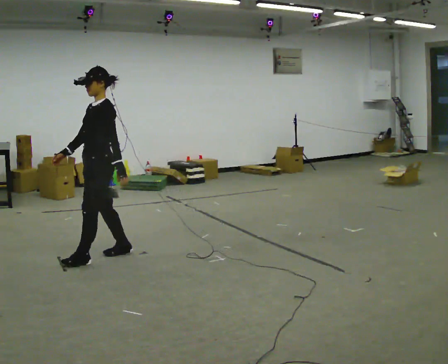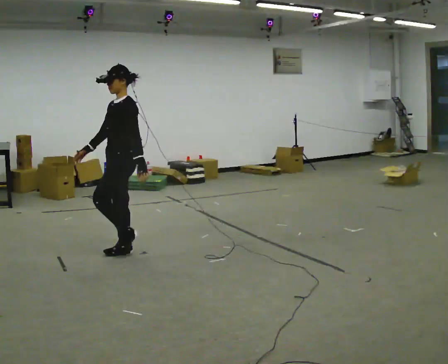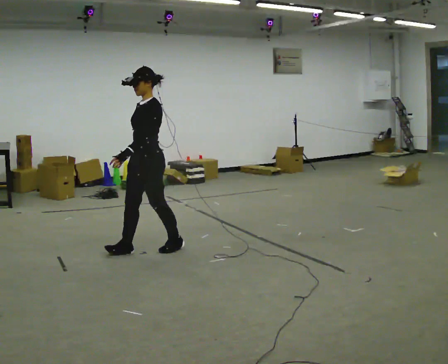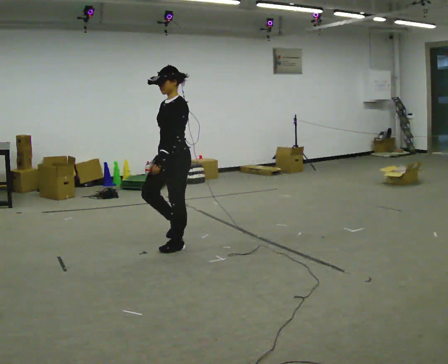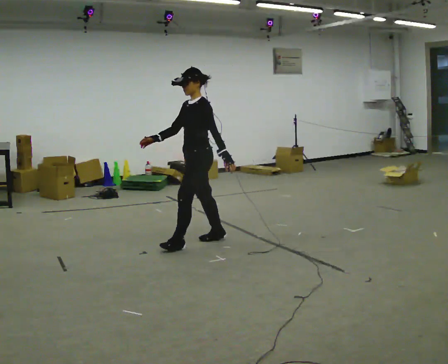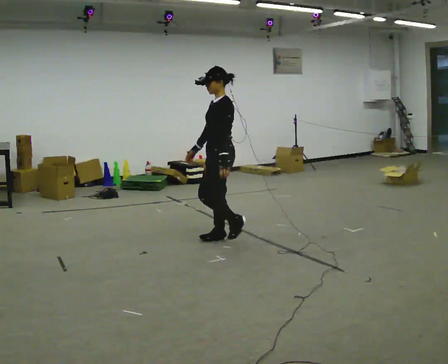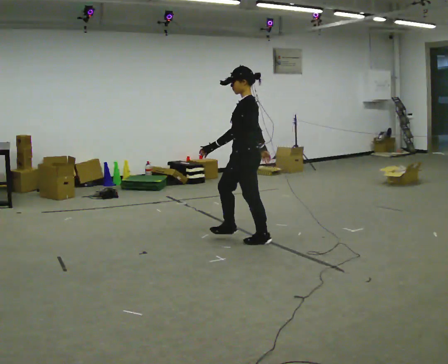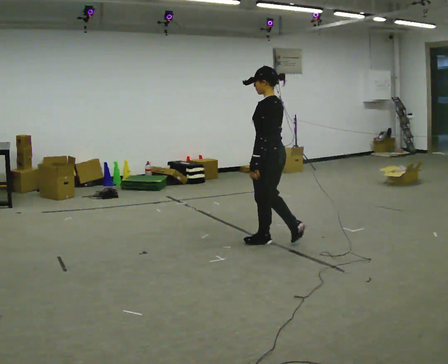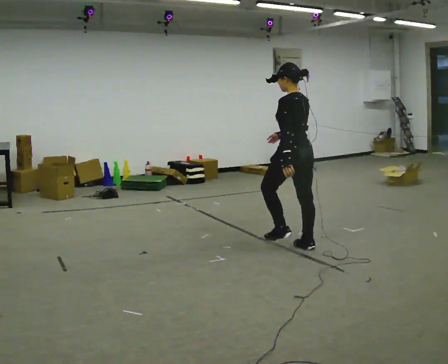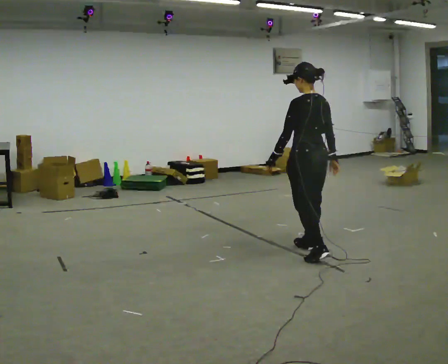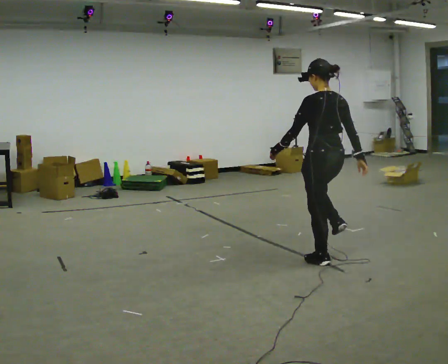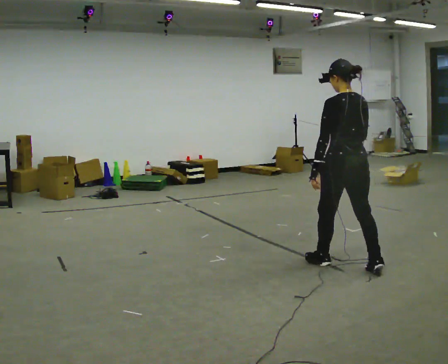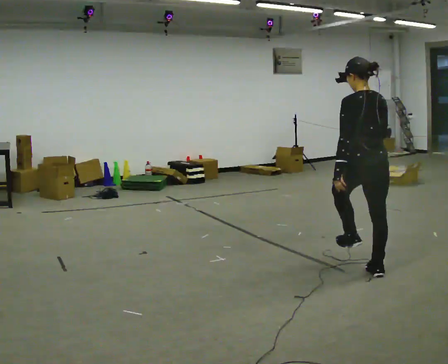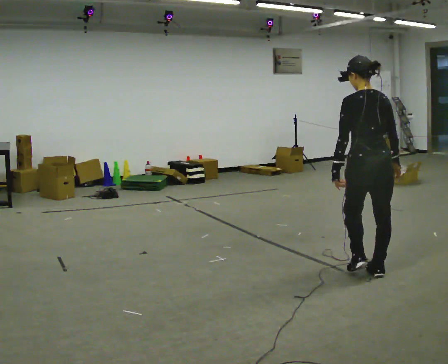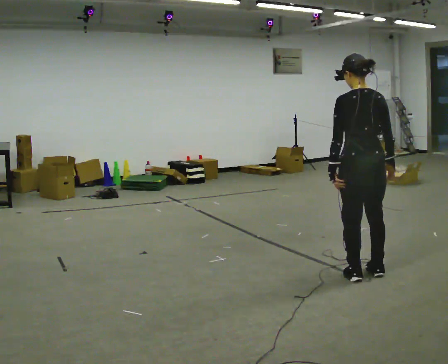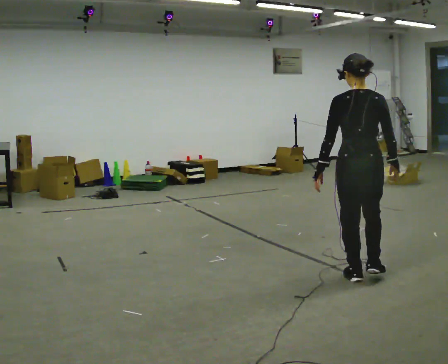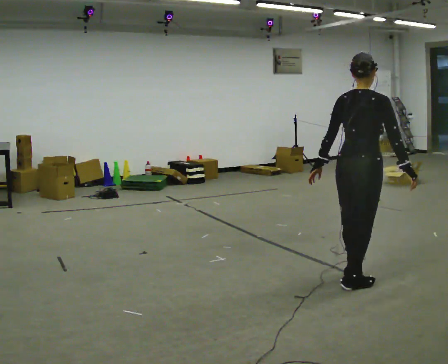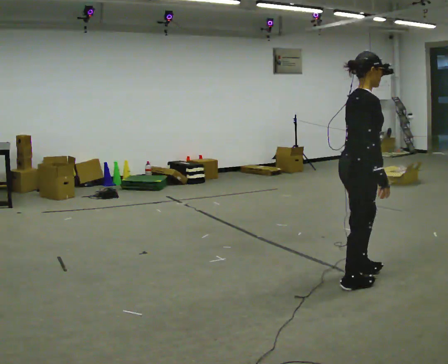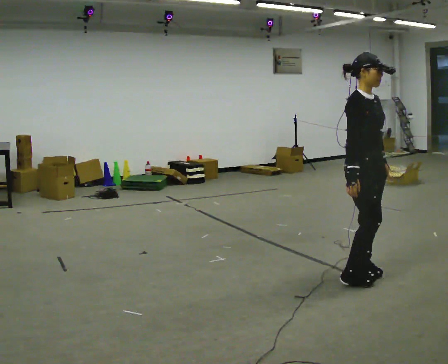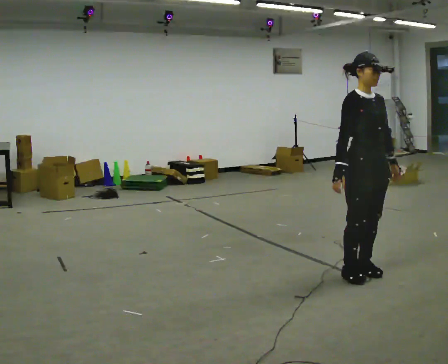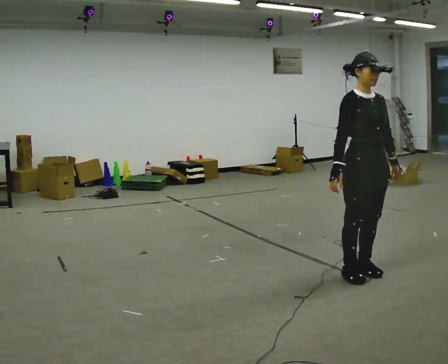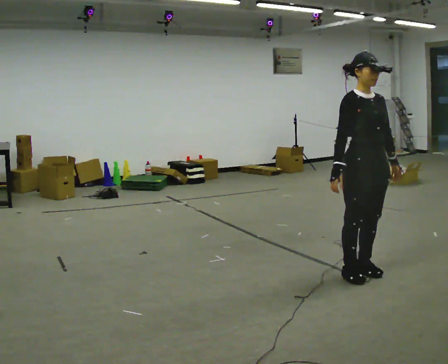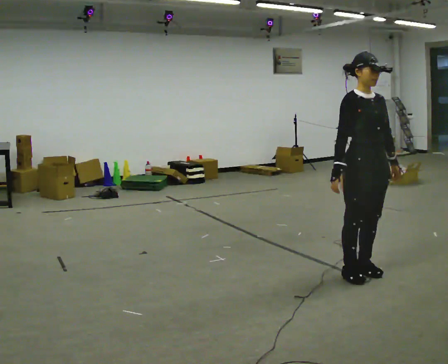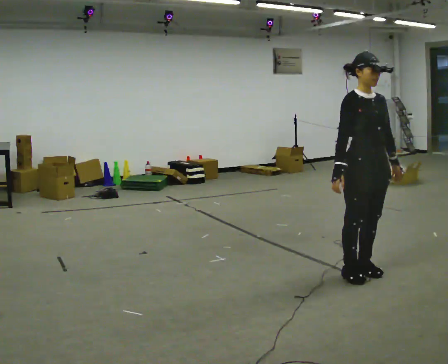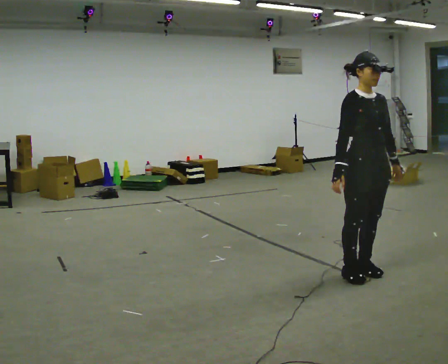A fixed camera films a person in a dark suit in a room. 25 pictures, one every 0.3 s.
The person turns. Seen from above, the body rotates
clockwise.
The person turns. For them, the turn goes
to their right.
0.0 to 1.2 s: In the picture they go to the right and away from the camera, about 1 m in 2 steps, which for them is backward.
1.2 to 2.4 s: Seen from above the body turns clockwise, about 75 degrees: to their right, with its near side sliding to the left. In the picture they go to the right, about 1 m in 3 steps.
2.4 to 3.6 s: Seen from above the body turns clockwise, about 30 degrees: to their right, with its near side sliding to the left. In the picture they go to the right and toward the camera, about 1 m in 2 steps, which for them is backward.
3.6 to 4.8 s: The person turns about 45 degrees to their right, clockwise seen from above, so the part of the body nearest the lens slides to the left. In the picture they go toward the camera, about 0.25 m in 1 step, which for them is backward and to their left.
4.8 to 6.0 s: The person turns about 120 degrees to their right, clockwise seen from above, so the part of the body nearest the lens slides to the left. In the picture their left hand goes to the right, the arm swinging counterclockwise.
6.0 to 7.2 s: The person keeps their place and pose.
The film runs backward here.
